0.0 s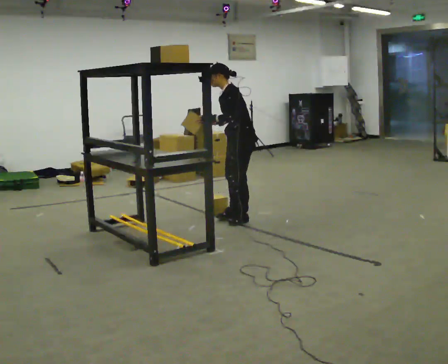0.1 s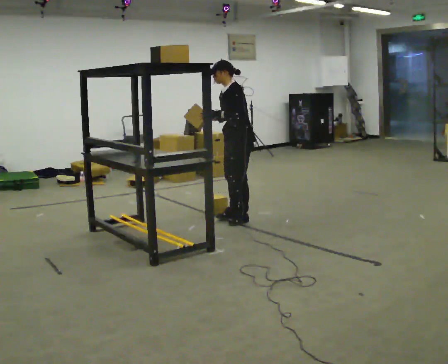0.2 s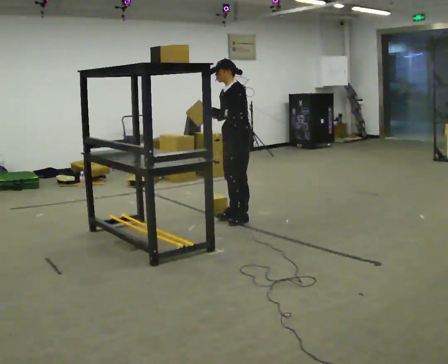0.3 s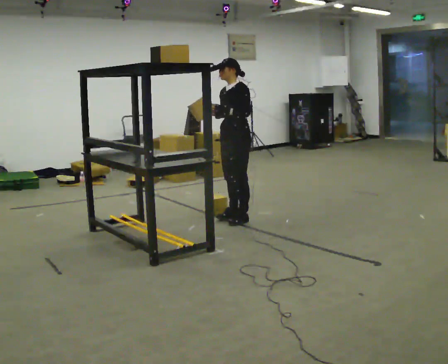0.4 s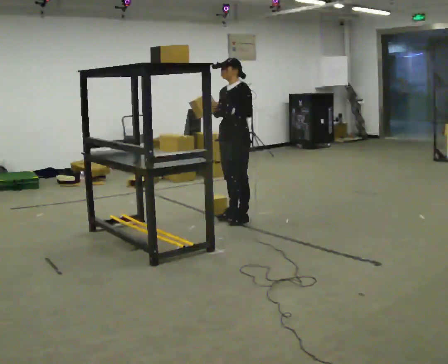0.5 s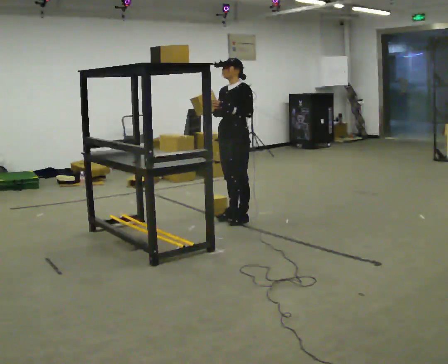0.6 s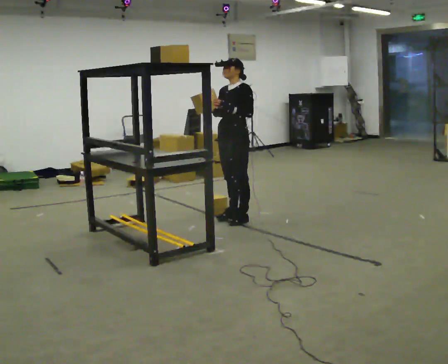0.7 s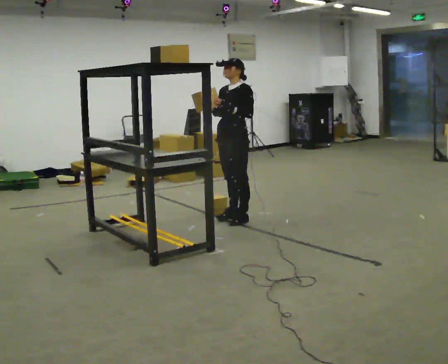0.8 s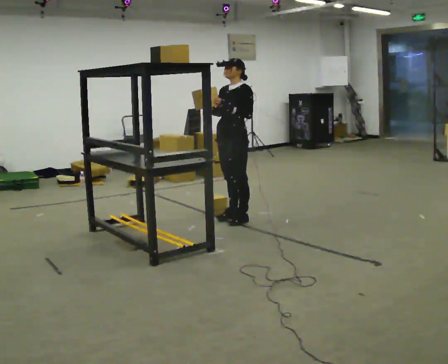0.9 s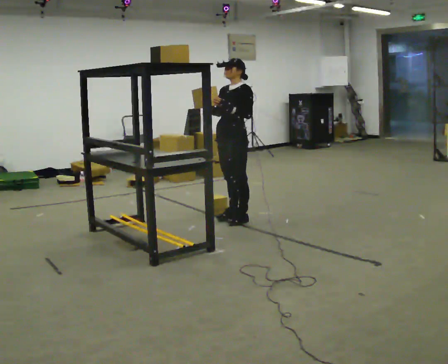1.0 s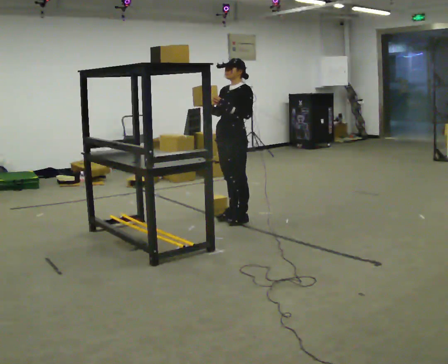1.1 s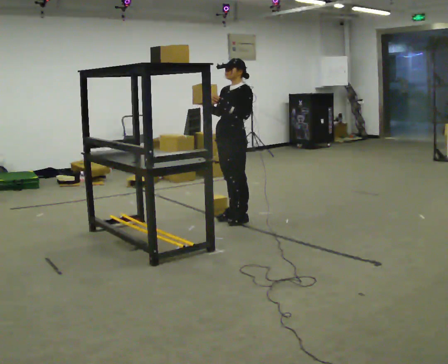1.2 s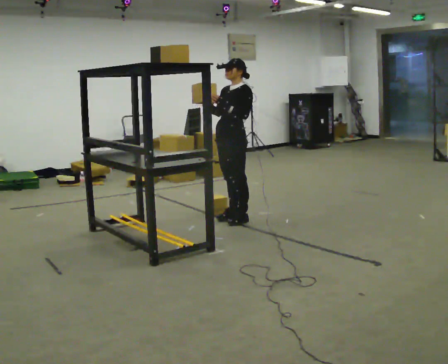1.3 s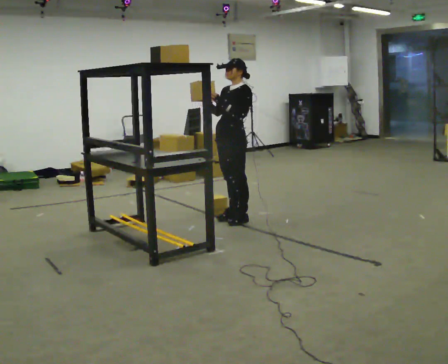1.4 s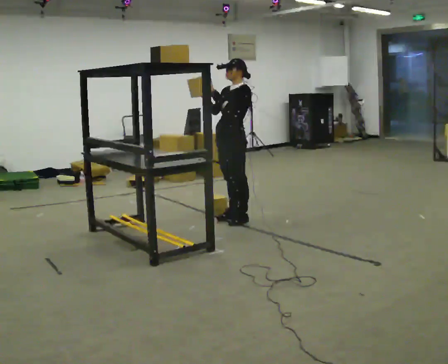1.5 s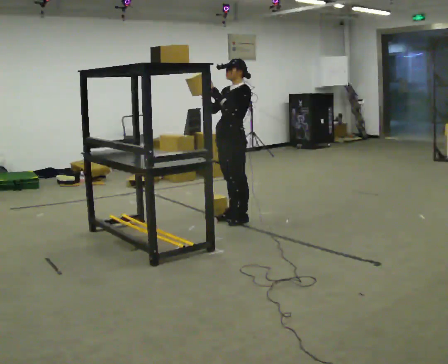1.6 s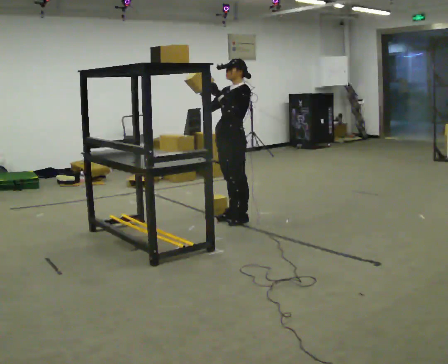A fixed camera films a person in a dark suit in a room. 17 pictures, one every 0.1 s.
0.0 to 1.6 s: In the picture the upper body tilts clockwise, shoulders to the right, as they lean back or straighten.
The film runs forward here.
